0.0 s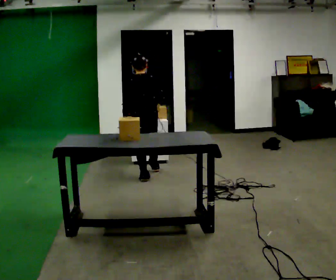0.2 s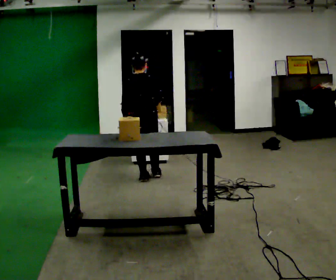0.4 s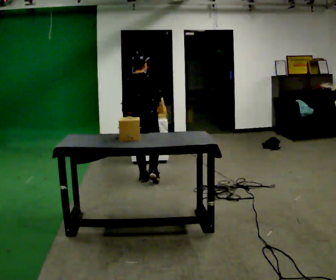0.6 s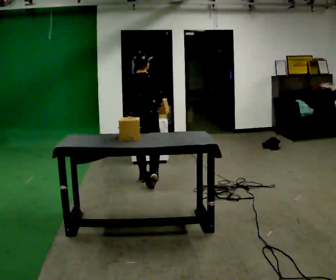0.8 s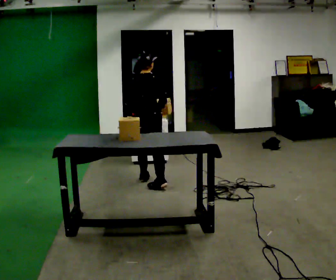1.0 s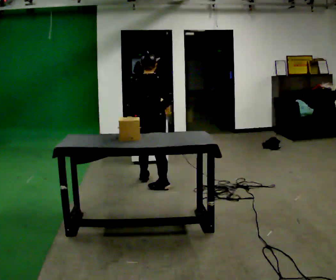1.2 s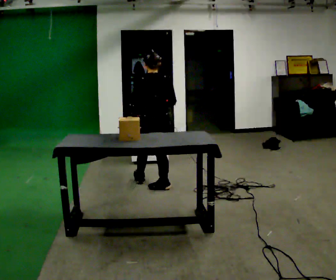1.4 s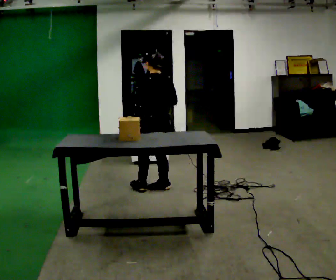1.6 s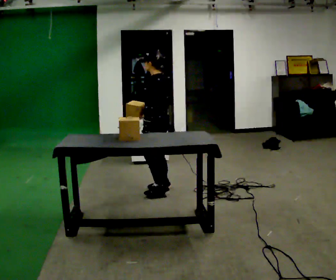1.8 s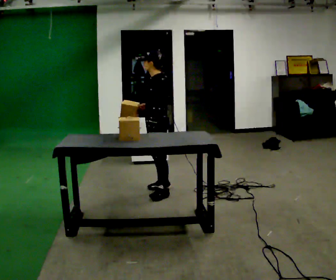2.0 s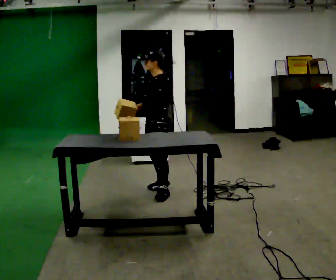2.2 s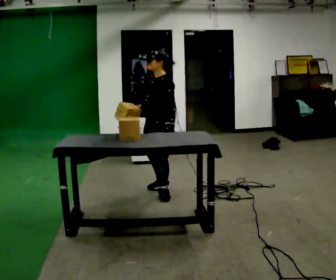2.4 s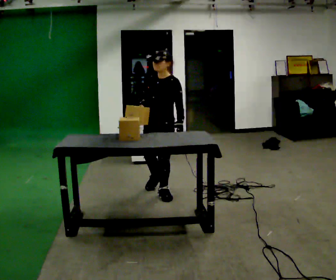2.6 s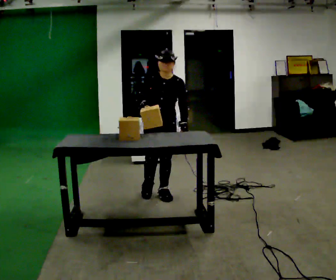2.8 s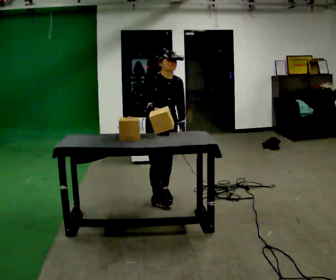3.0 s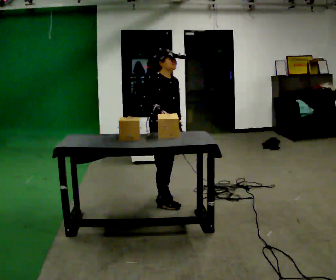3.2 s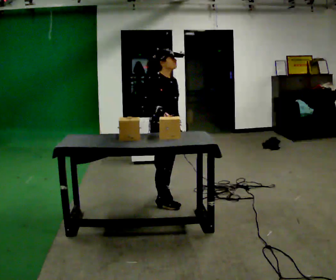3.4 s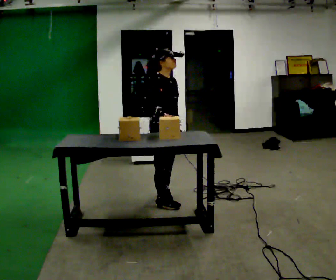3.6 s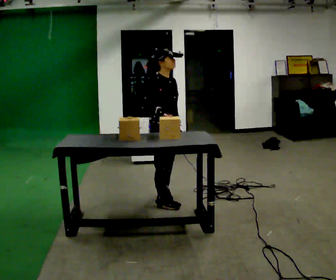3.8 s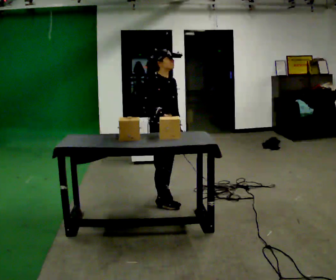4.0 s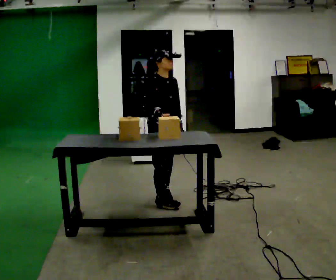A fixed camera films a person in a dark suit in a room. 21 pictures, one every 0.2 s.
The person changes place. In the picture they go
toward the camera.
0.0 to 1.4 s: In the picture they go toward the camera, about 0.5 m in 1 step, which for them is backward and to their right.
1.4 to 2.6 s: The part of the body nearest the lens slides to the right as the person turns to their left by about 150 degrees. In the picture they go toward the camera, about 0.25 m in 1 step.
2.6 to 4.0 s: The part of the body nearest the lens slides to the right as the person turns to their left by about 45 degrees.
The film runs backward here.
